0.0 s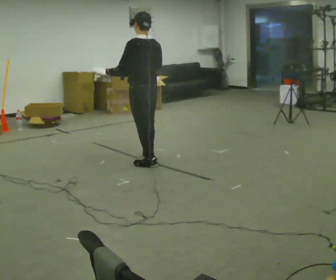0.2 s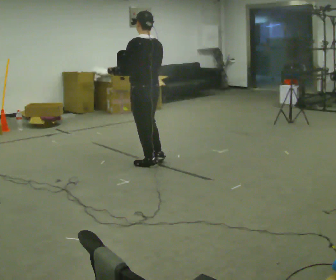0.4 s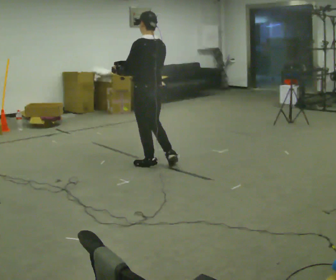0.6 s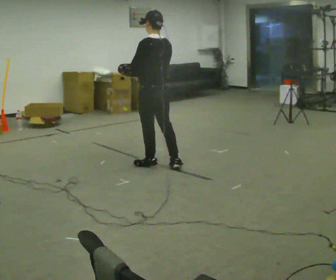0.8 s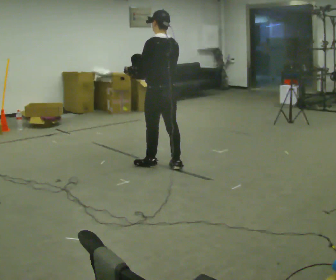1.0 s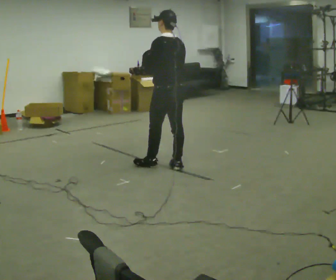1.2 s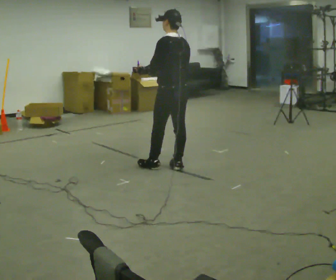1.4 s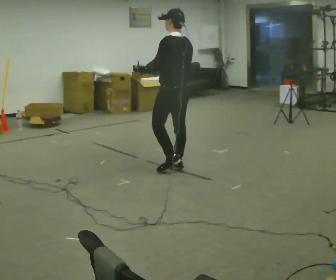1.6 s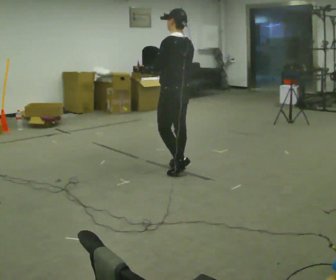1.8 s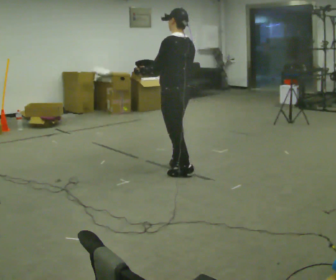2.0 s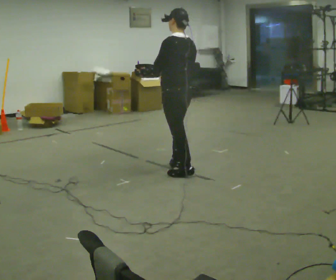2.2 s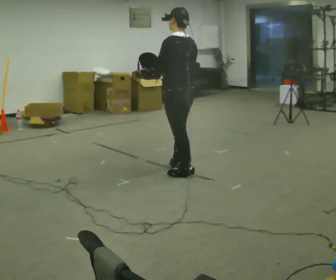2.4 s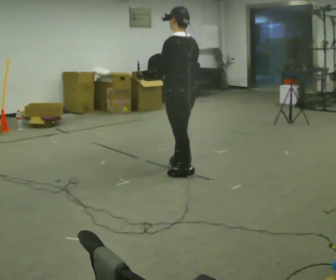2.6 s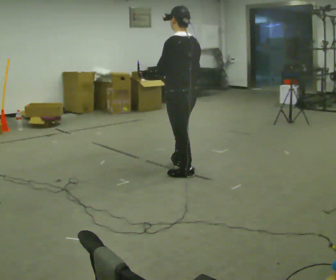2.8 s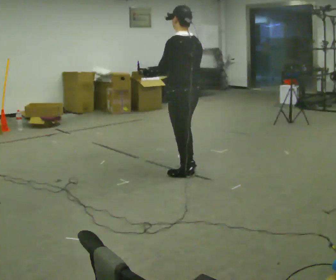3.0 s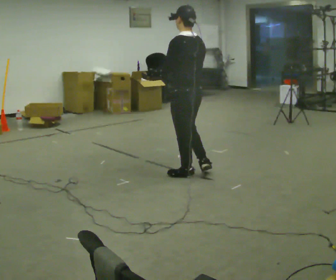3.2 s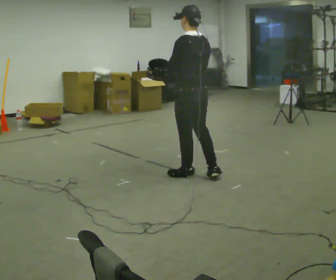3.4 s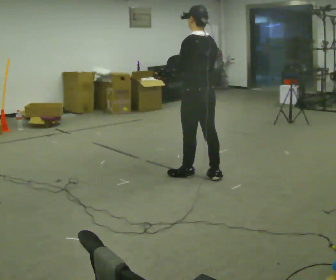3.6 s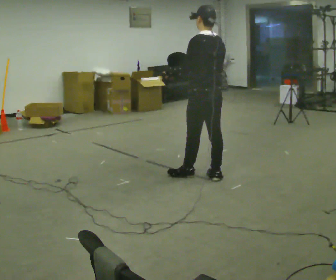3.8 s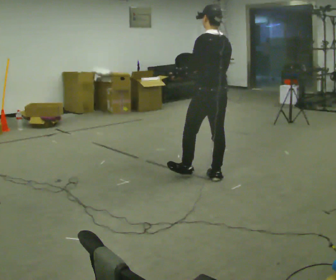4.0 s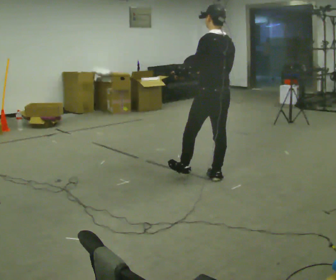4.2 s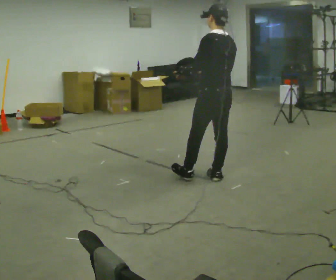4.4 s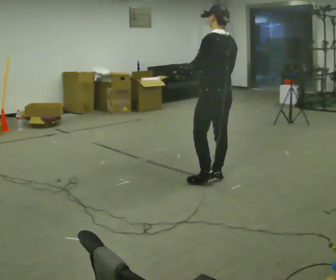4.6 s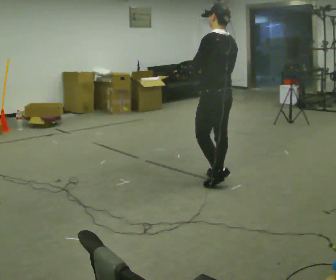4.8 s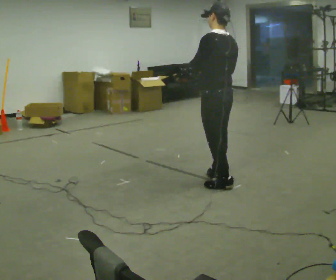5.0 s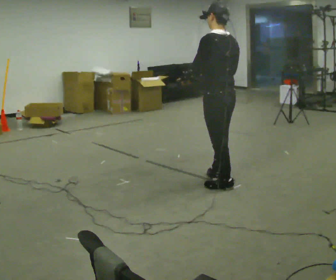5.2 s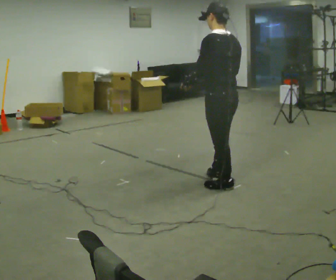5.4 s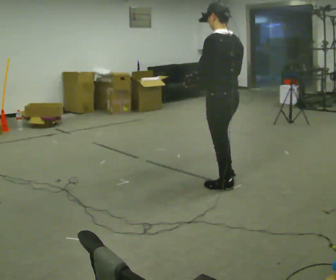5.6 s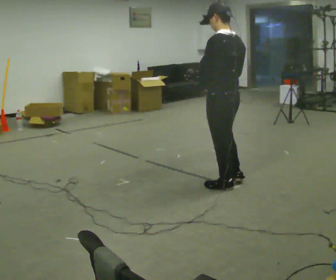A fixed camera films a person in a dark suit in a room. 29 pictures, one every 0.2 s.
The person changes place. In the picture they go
to the right.
0.0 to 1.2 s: In the picture they go to the right, about 0.25 m in 2 steps, which for them is backward and to their right.
1.2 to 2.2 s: In the picture they go toward the camera, about 0.25 m, which for them is backward and to their left.
2.2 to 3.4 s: In the picture they go to the right, about 0.25 m in 1 step, which for them is backward.
3.4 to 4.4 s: In the picture they go to the right, about 0.25 m in 1 step, which for them is backward.
4.4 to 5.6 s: In the picture they go toward the camera, about 0.25 m in 1 step, which for them is backward and to their left.
The film runs backward here.
